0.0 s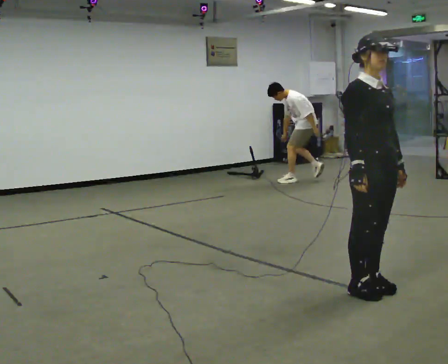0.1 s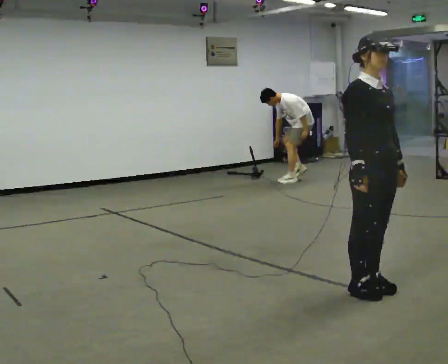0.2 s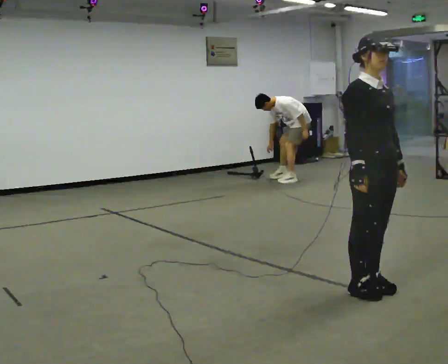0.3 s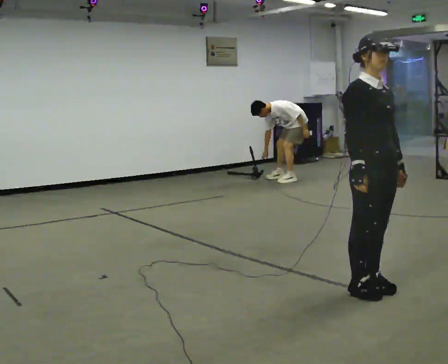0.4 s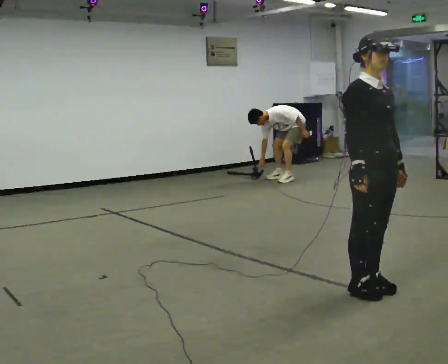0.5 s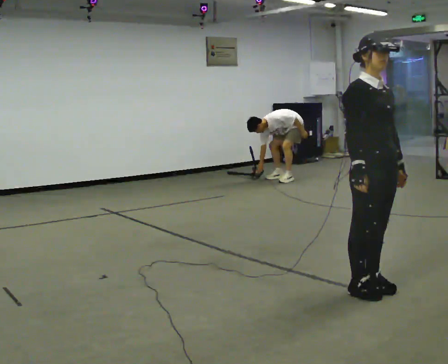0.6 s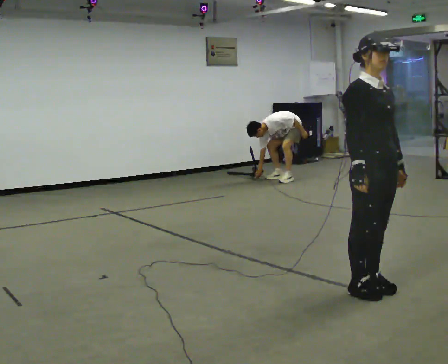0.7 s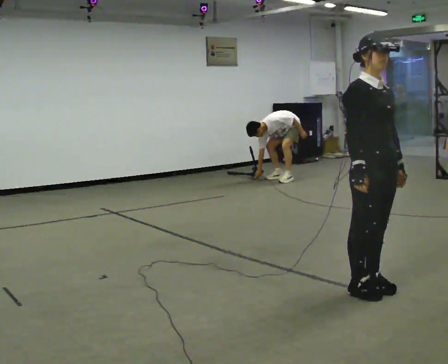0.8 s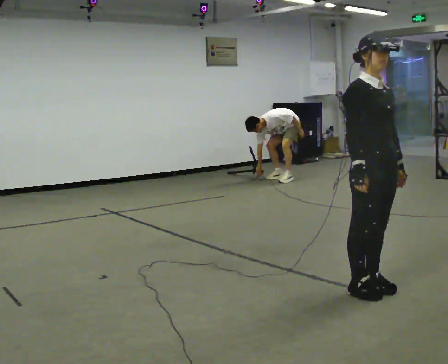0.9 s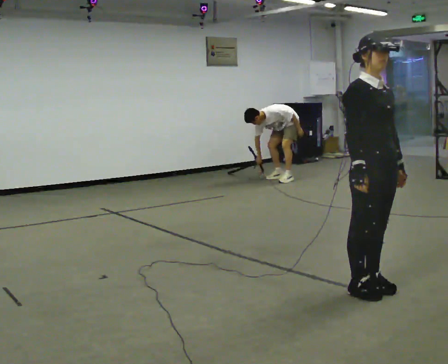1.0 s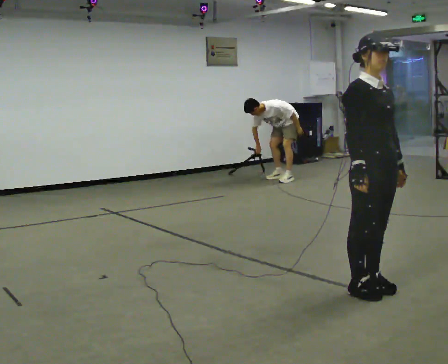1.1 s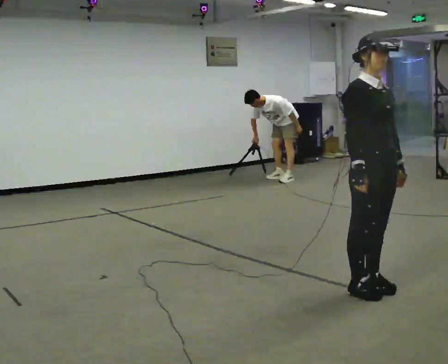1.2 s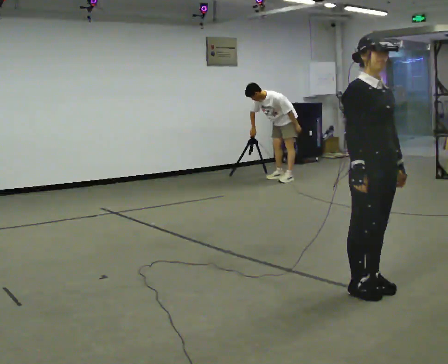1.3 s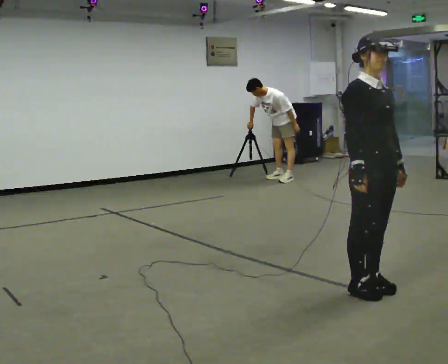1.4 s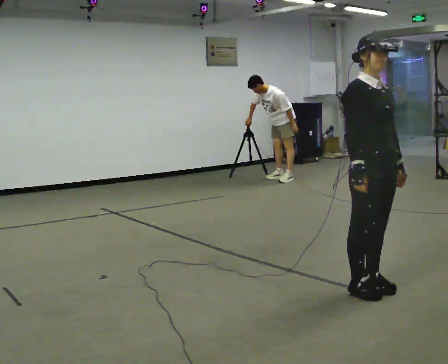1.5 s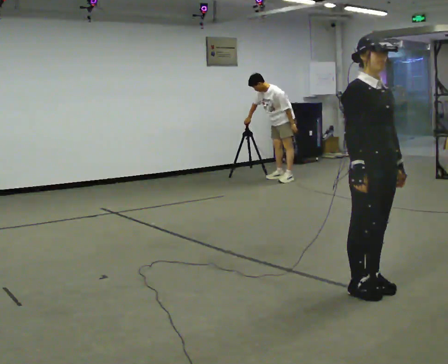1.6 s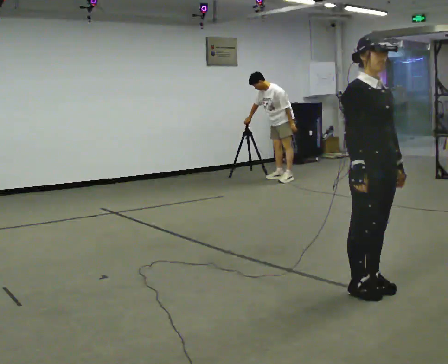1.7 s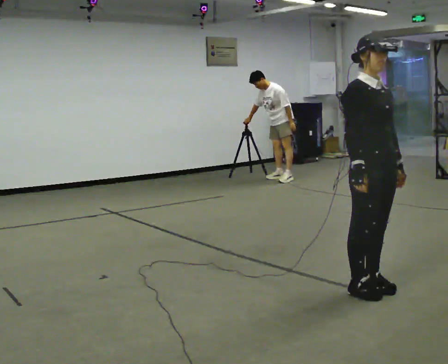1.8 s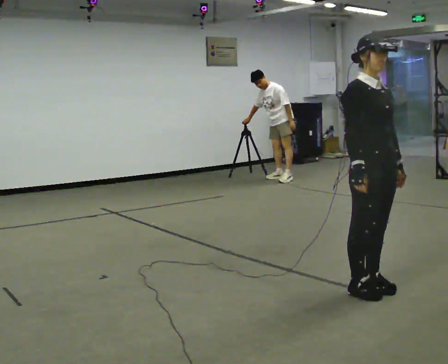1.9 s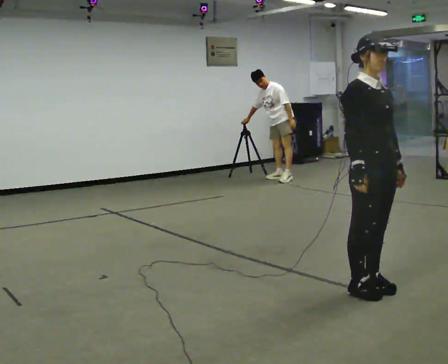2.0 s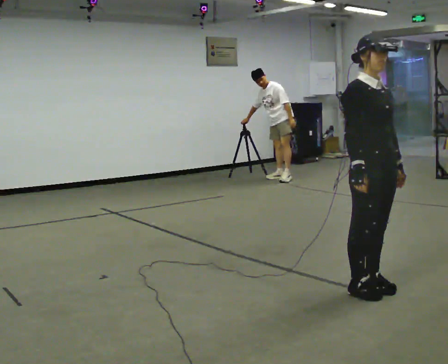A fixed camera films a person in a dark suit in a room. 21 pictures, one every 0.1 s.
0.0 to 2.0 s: The person keeps their place and pose.
The film runs forward here.
